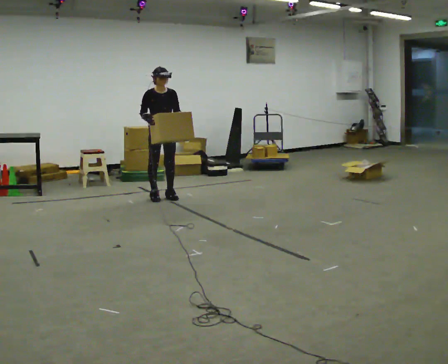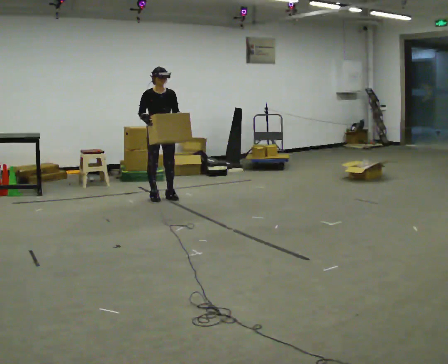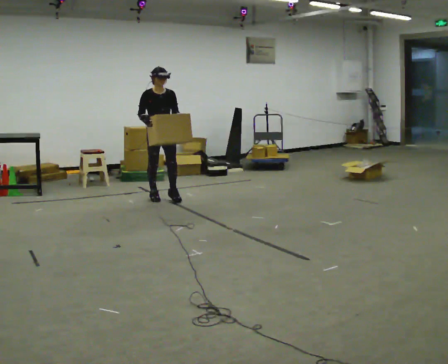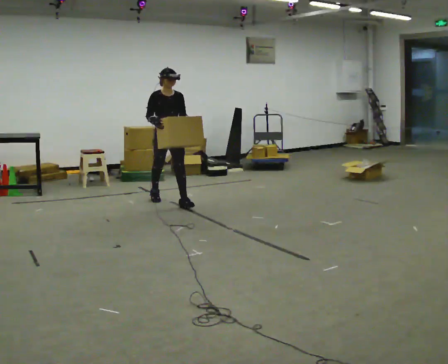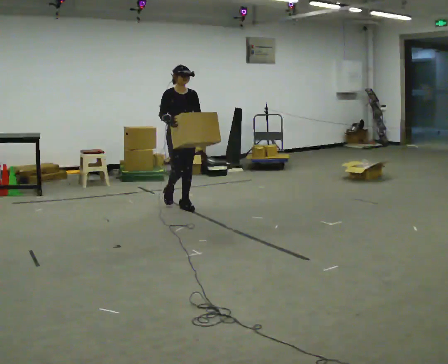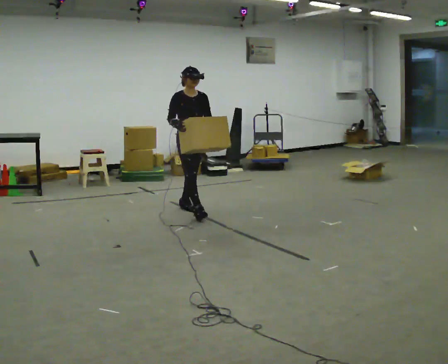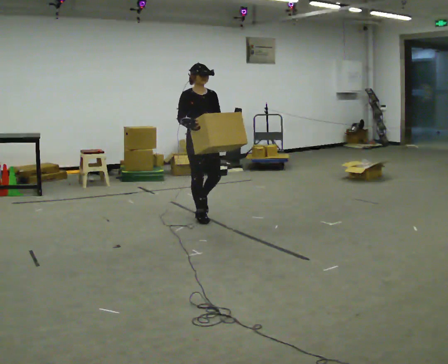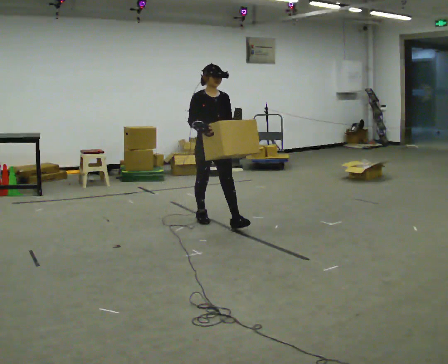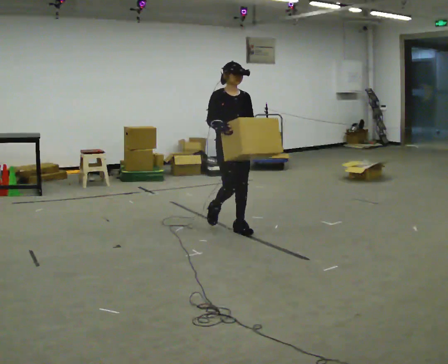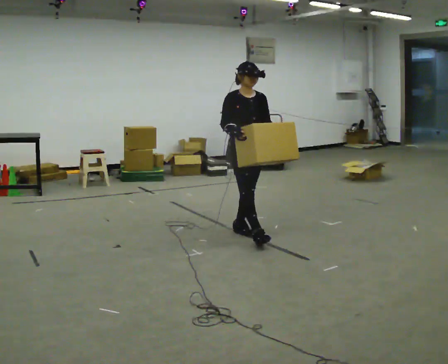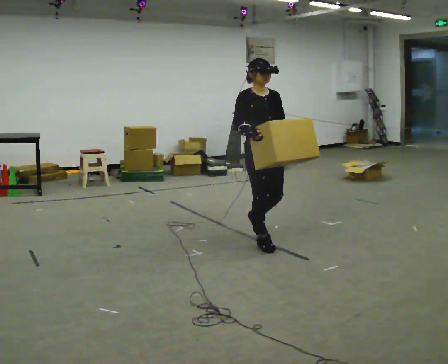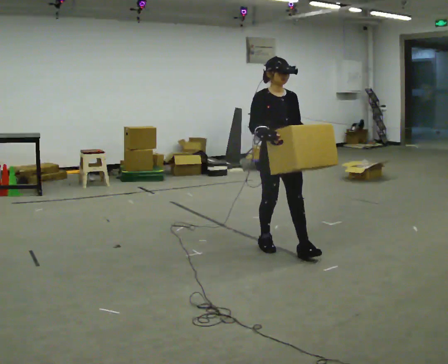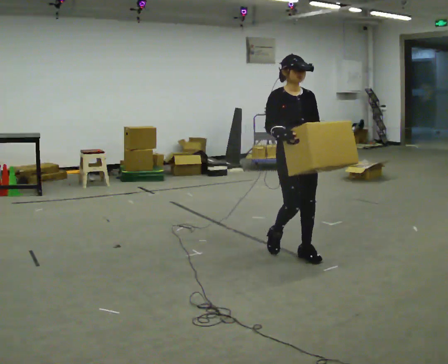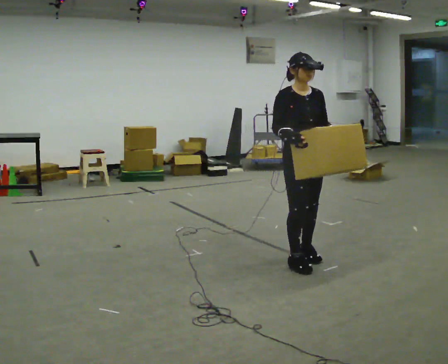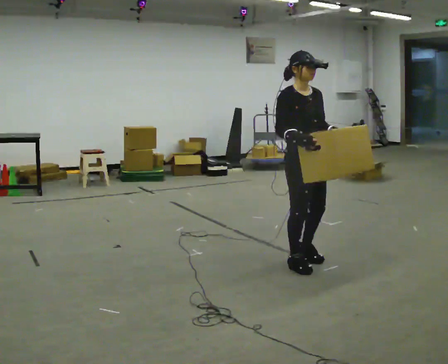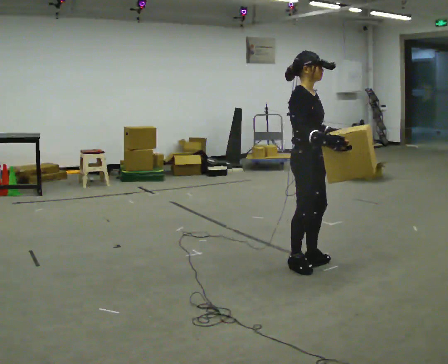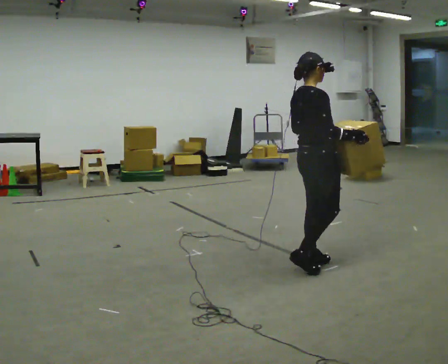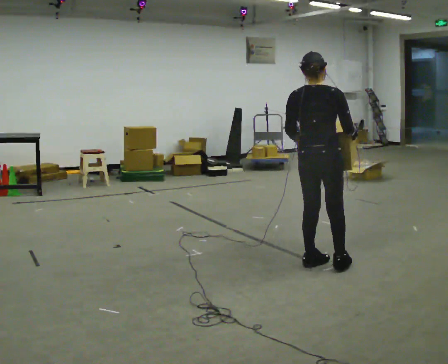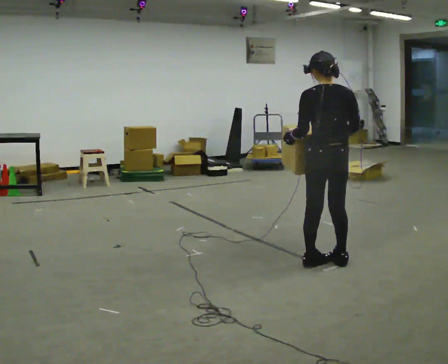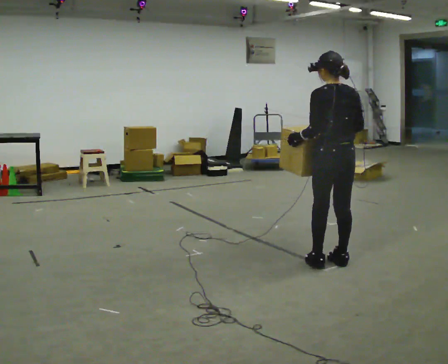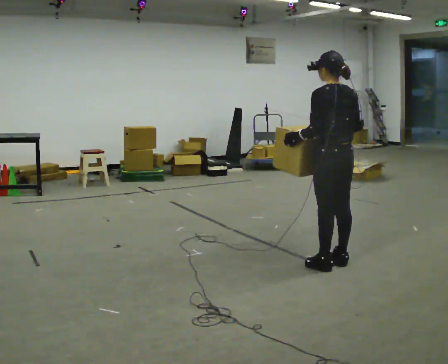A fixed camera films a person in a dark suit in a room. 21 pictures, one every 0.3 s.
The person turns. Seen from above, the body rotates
counterclockwise.
The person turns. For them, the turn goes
to their left.
0.0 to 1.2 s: In the picture they go toward the camera and to the right, about 0.5 m in 1 step, which for them is forward.
1.2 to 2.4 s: In the picture they go toward the camera and to the right, about 1 m in 2 steps, which for them is forward.
2.4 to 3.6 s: In the picture they go toward the camera and to the right, about 1 m in 2 steps, which for them is forward.
3.6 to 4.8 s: The person turns about 90 degrees to their left, counterclockwise seen from above, so the part of the body nearest the lens slides to the right. In the picture they go toward the camera and to the right, about 0.25 m in 2 steps.
4.8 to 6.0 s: The person turns about 105 degrees to their left, counterclockwise seen from above, so the part of the body nearest the lens slides to the right. In the picture they go to the right, about 0.25 m in 1 step.
The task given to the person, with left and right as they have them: Carry the box across the room, stopping and starting again each time the operator says stop and go. Do not set the box down.
The film runs forward here.
